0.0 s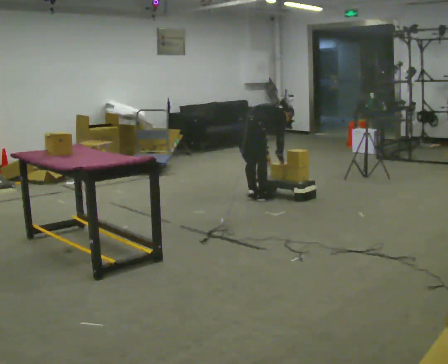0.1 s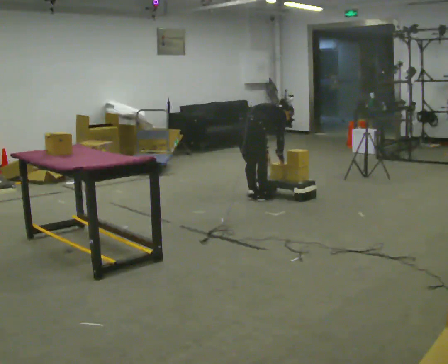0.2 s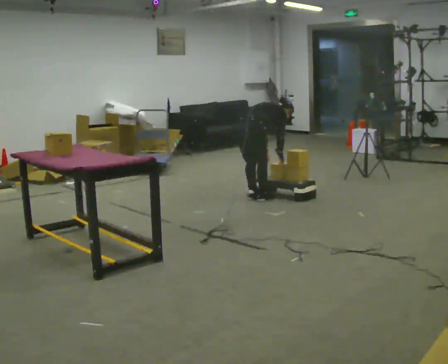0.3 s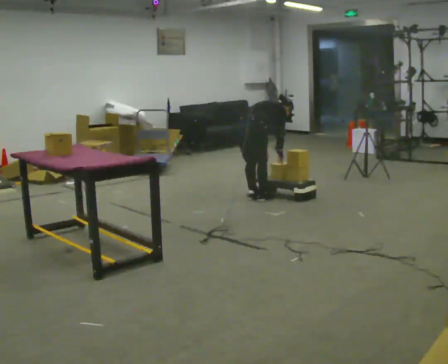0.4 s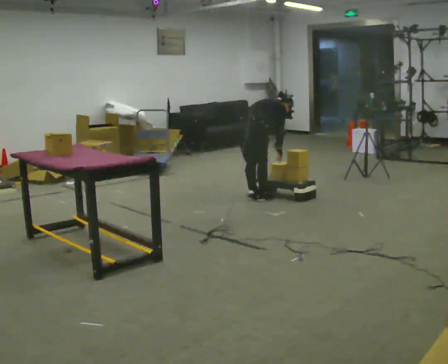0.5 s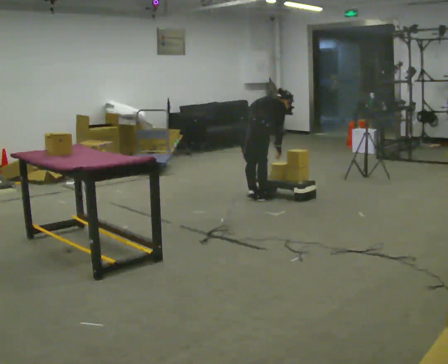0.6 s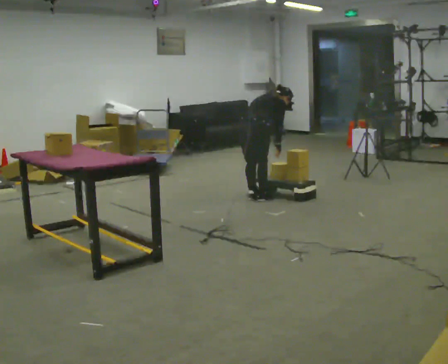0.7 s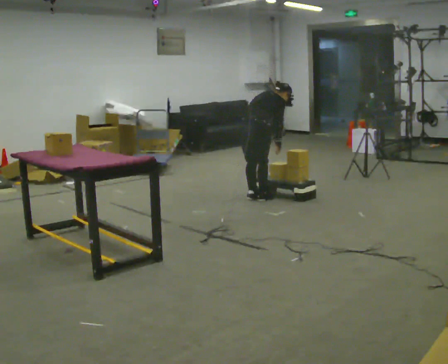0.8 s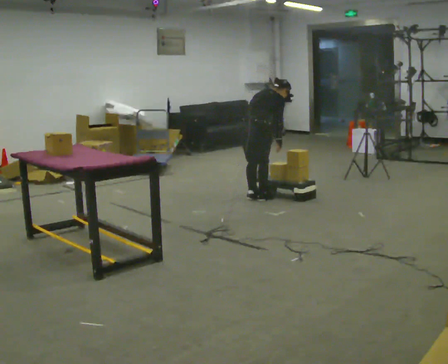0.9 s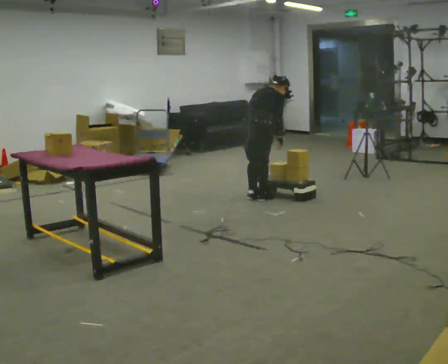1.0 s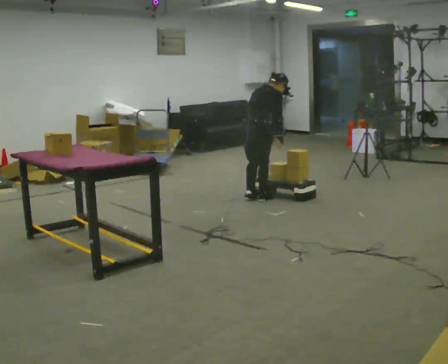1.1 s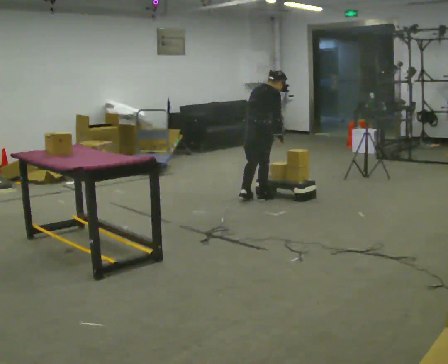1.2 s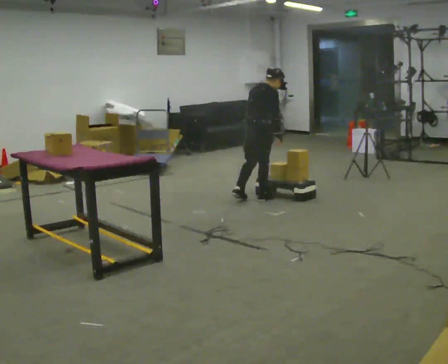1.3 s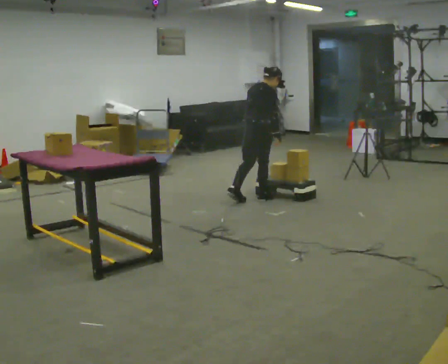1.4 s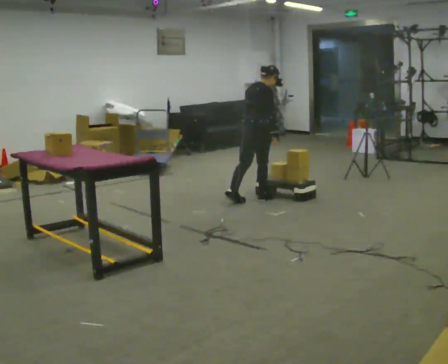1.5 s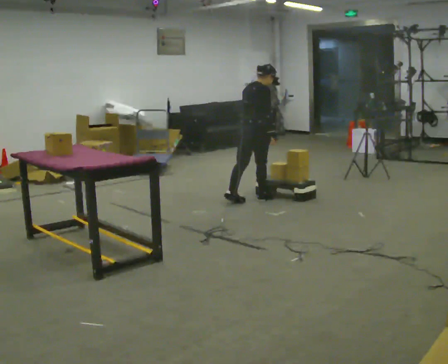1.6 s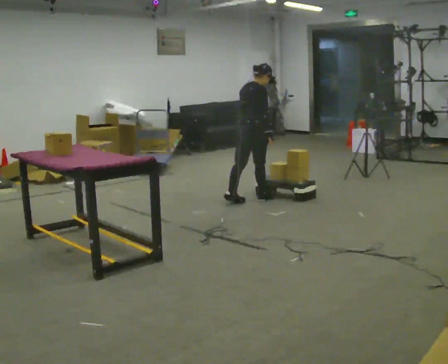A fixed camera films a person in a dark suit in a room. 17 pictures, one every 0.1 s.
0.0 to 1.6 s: The shoulders move upward. In the picture the upper body tilts counterclockwise, shoulders to the left, as they lean back or straighten.
The film runs backward here.
